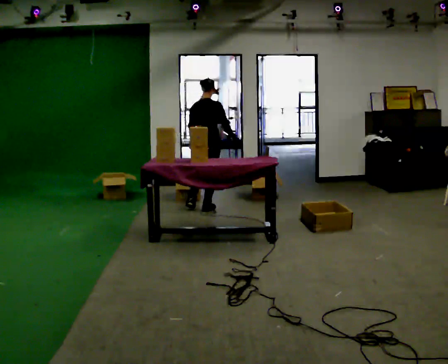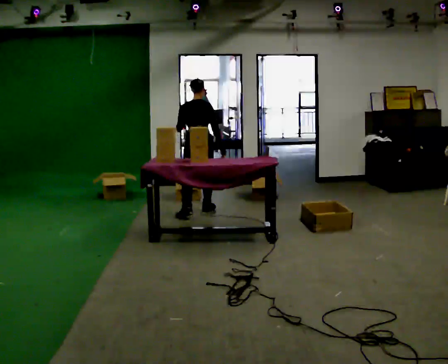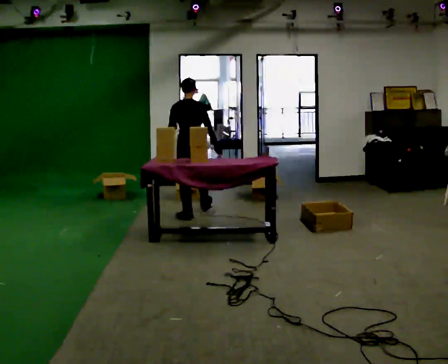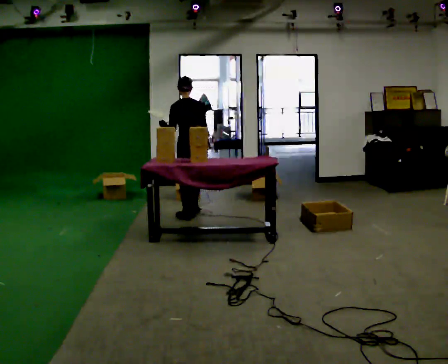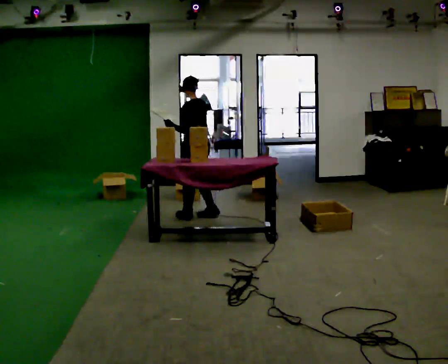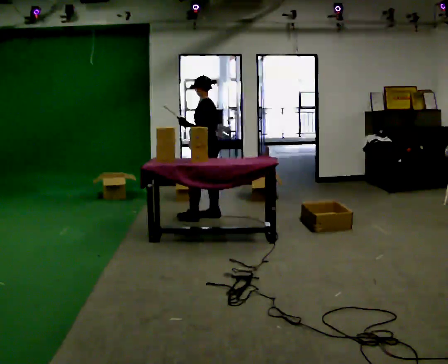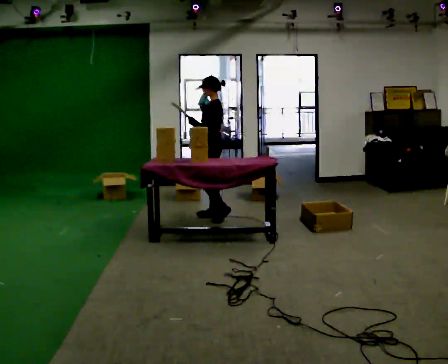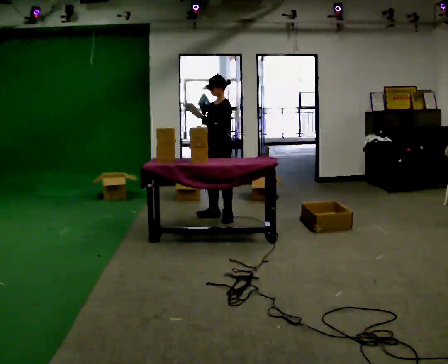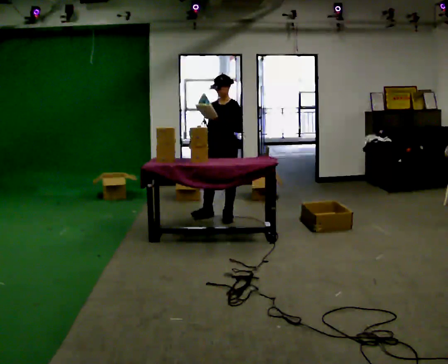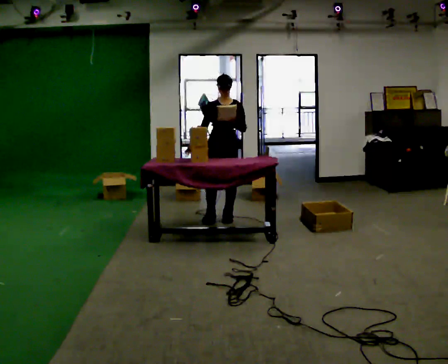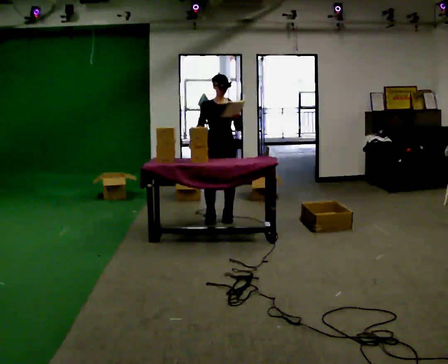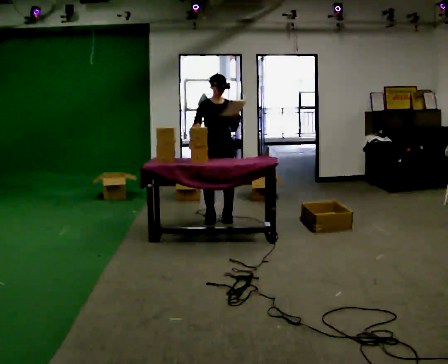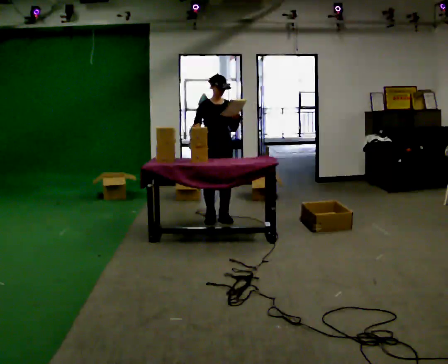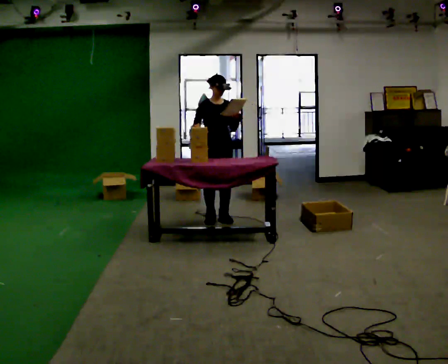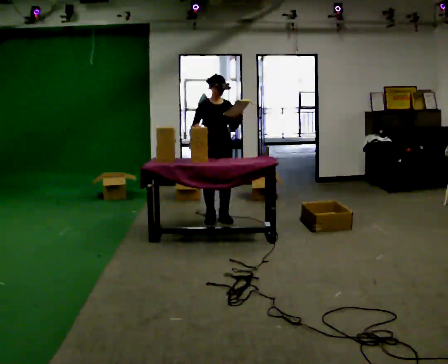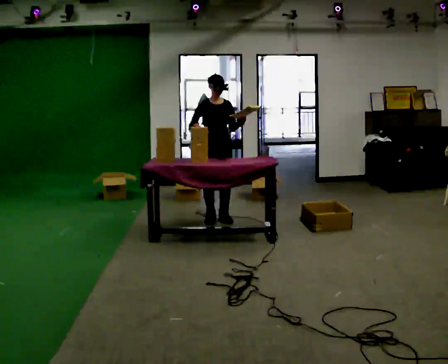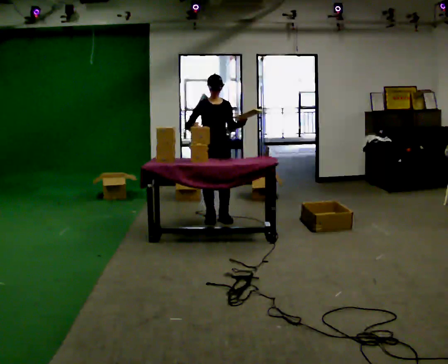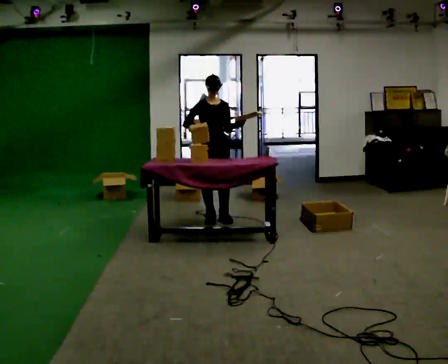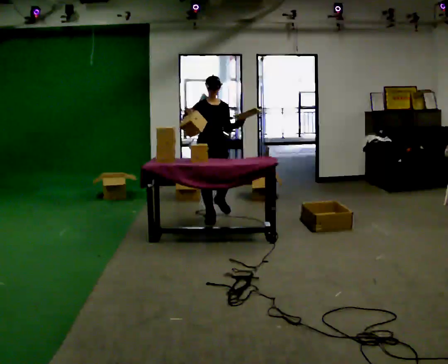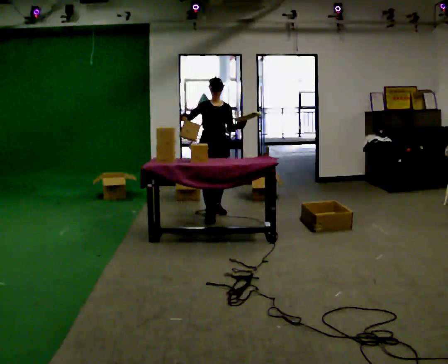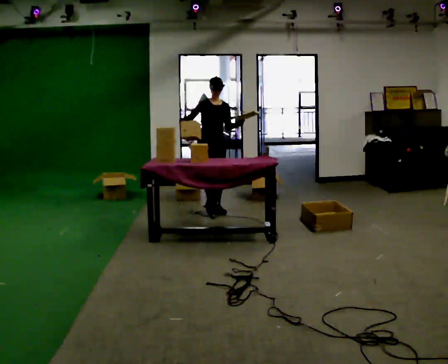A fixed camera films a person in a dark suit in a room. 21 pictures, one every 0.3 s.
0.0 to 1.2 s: Seen from above the body turns counterclockwise, about 75 degrees: to their left, with its near side sliding to the right. In the picture they go toward the camera, about 0.5 m in 1 step.
1.2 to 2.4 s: The part of the body nearest the lens slides to the right as the person turns to their left by about 75 degrees. In the picture they go to the right, about 0.25 m in 1 step.
2.4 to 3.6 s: The part of the body nearest the lens slides to the right as the person turns to their left by about 60 degrees.
3.6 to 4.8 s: The person moves a little, or ends about where they began.
4.8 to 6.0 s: In the picture they go away from the camera, about 0.5 m in 2 steps, which for them is backward.
The film runs backward here.
